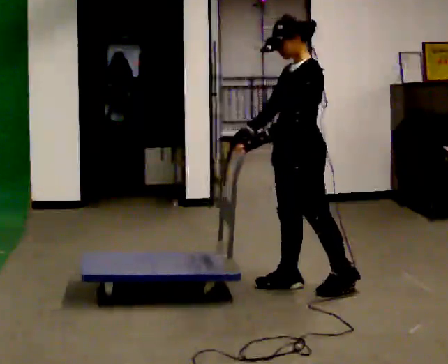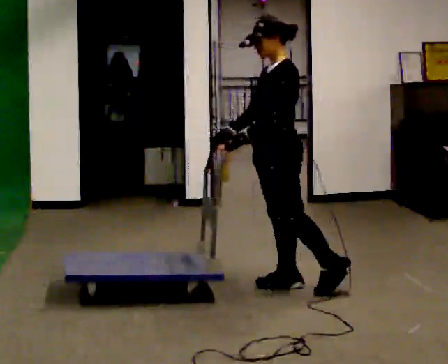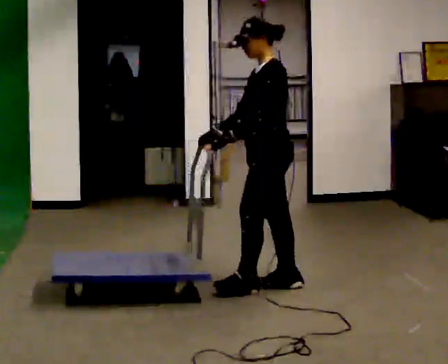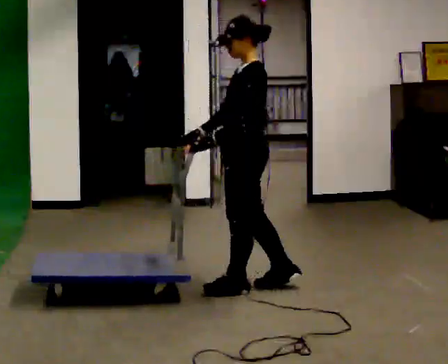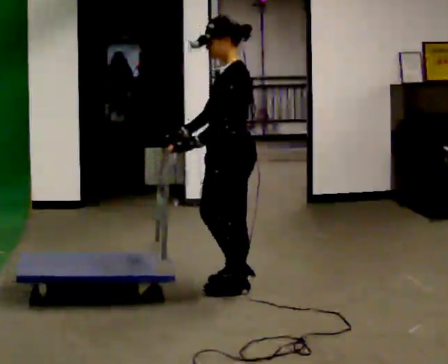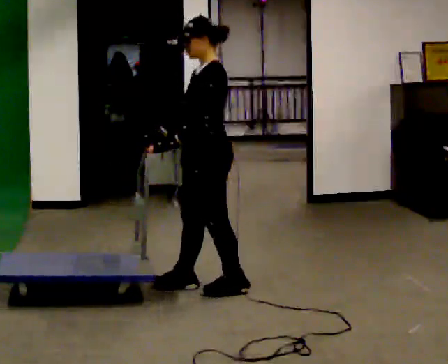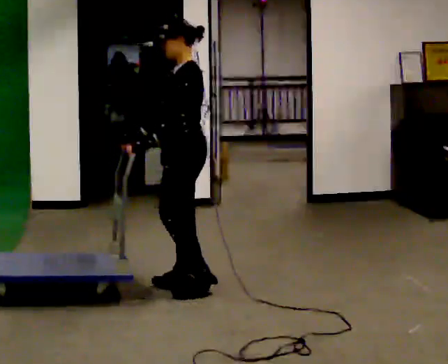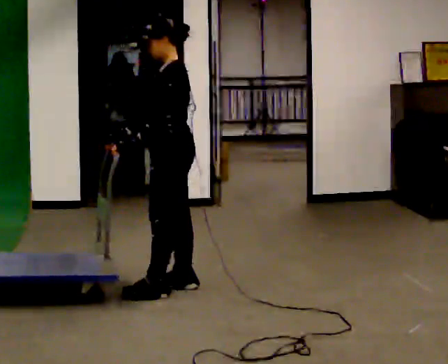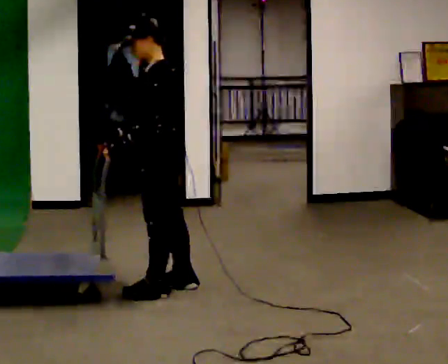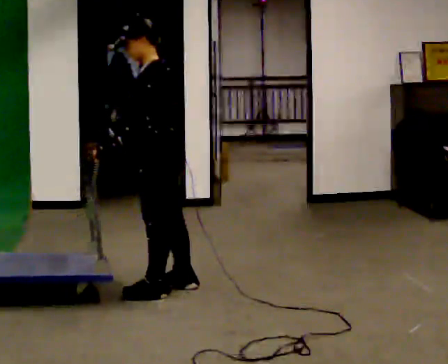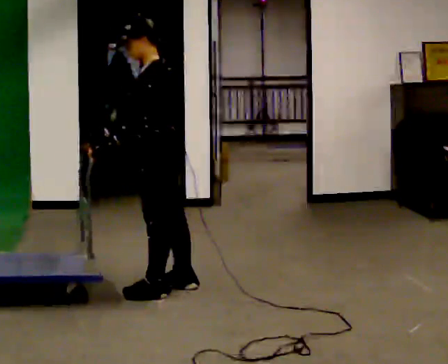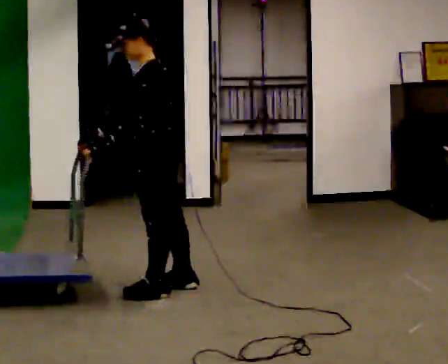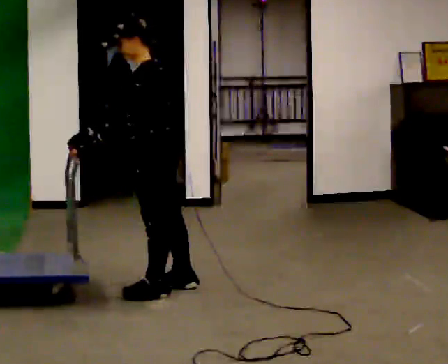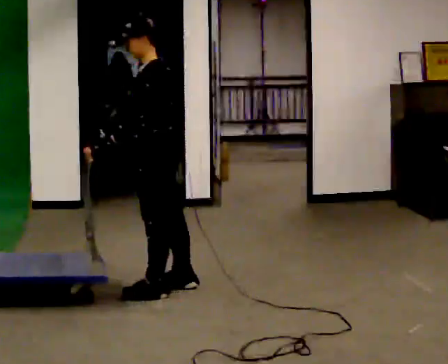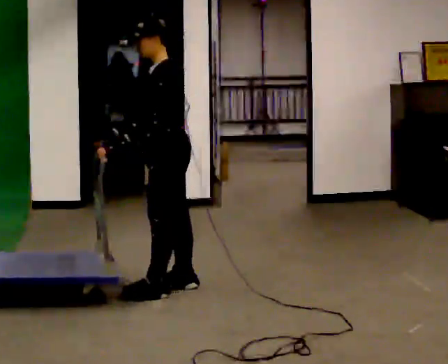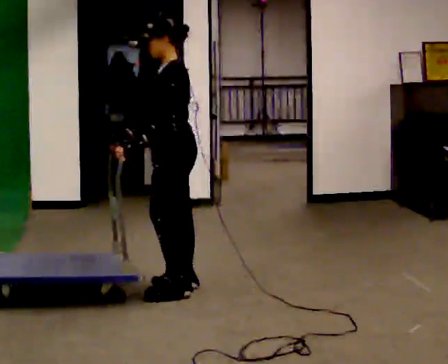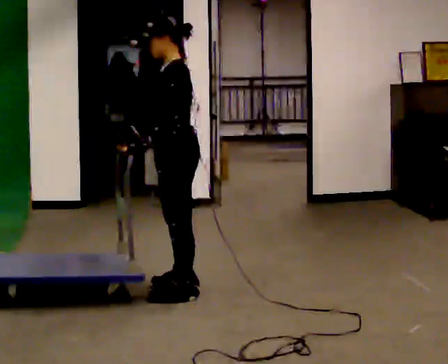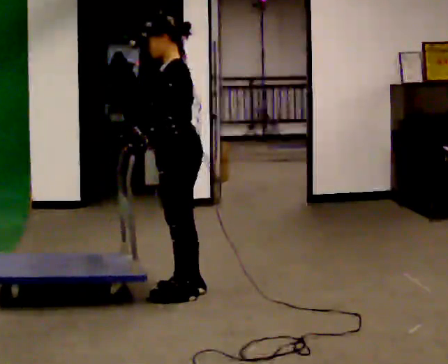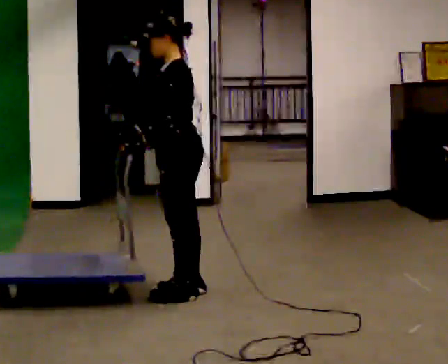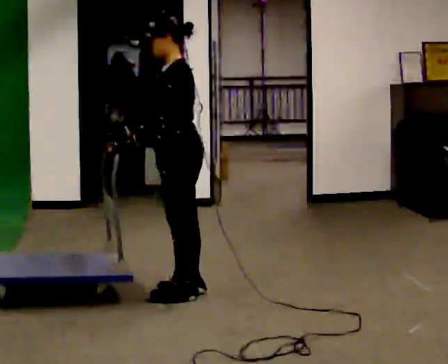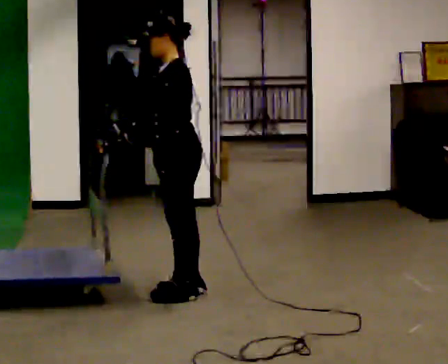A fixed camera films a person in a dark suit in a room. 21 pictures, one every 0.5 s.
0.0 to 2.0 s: In the picture they go to the left, about 0.5 m in 2 steps, which for them is forward.
2.0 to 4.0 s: In the picture they go to the left, about 0.5 m in 1 step, which for them is forward.
4.0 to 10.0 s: The person moves a little, or ends about where they began.
The film runs backward here.
